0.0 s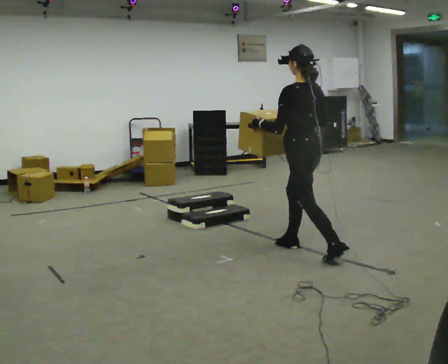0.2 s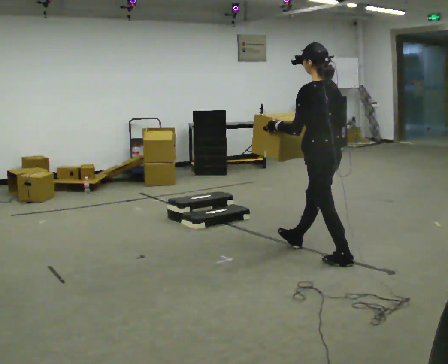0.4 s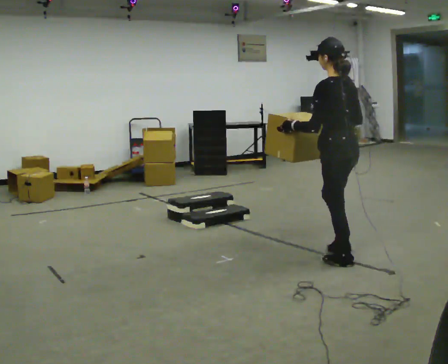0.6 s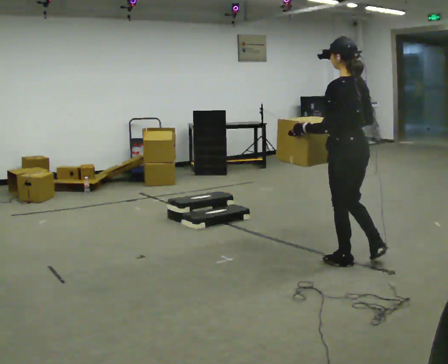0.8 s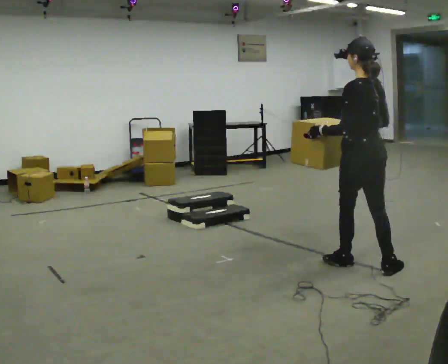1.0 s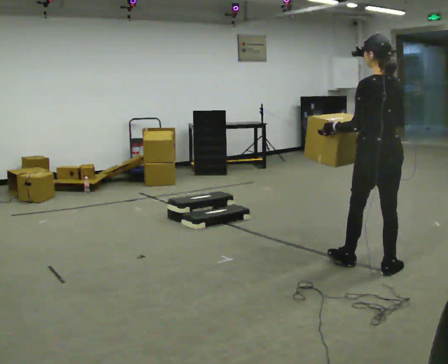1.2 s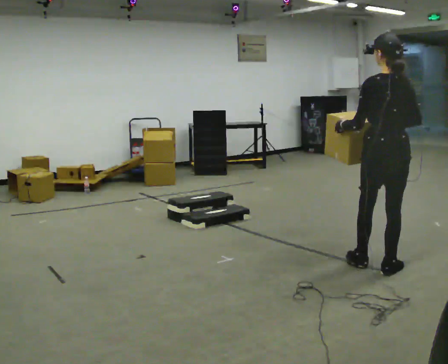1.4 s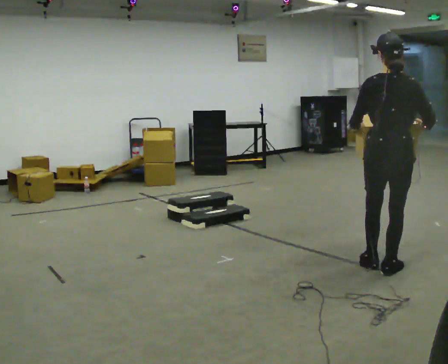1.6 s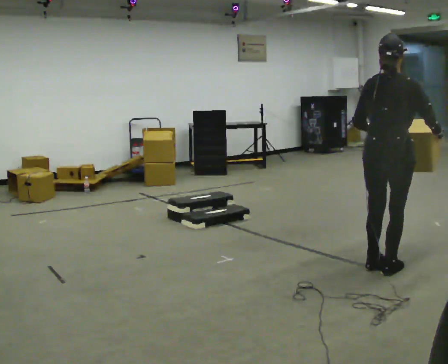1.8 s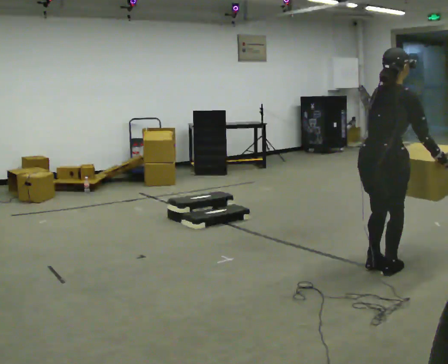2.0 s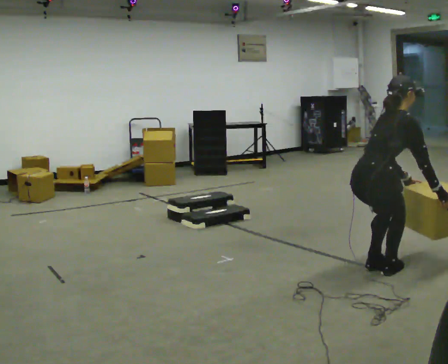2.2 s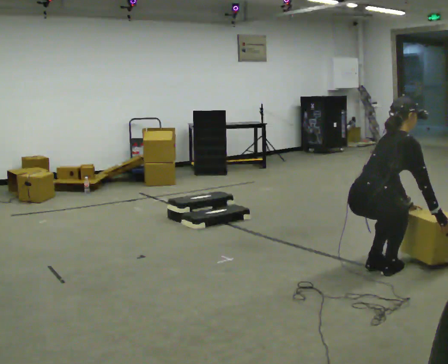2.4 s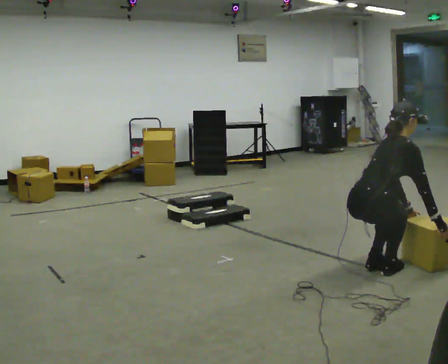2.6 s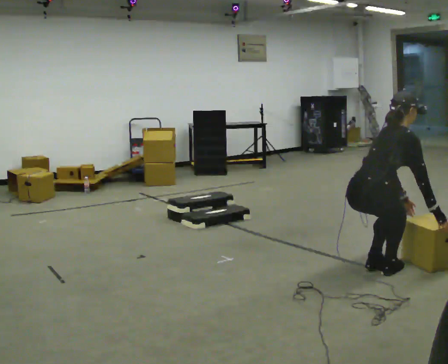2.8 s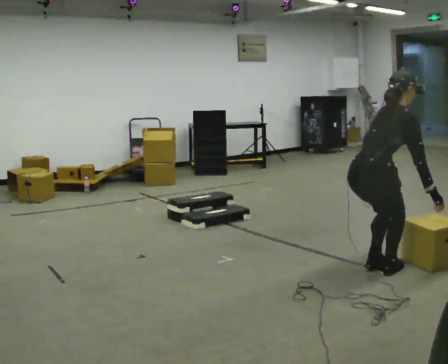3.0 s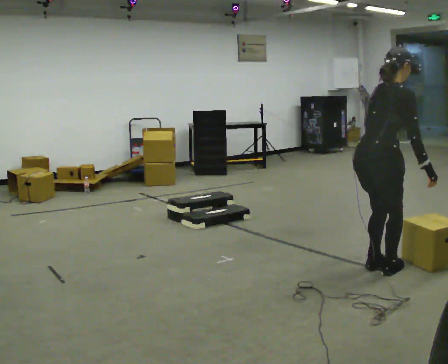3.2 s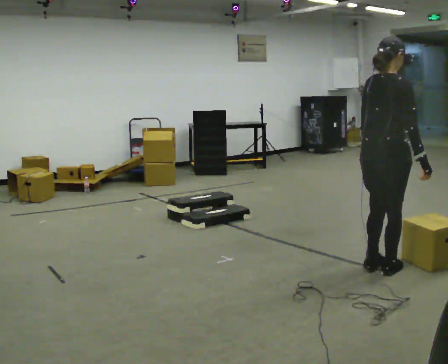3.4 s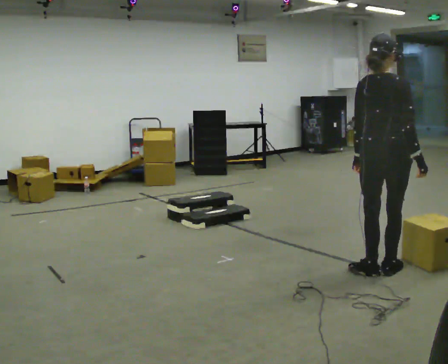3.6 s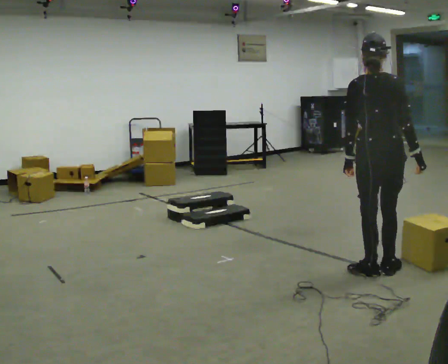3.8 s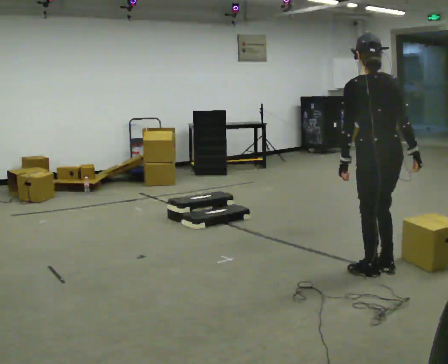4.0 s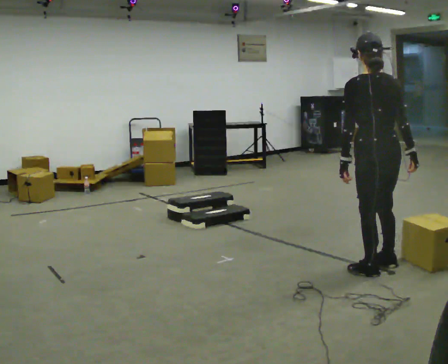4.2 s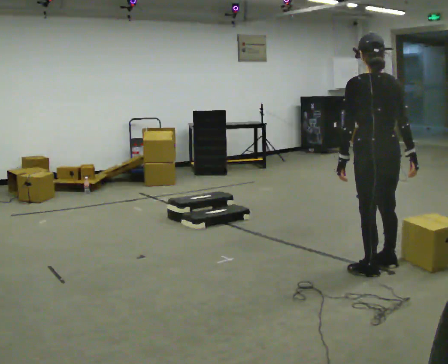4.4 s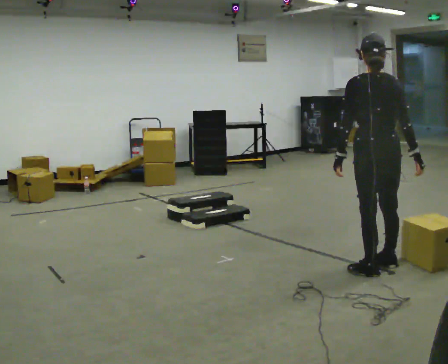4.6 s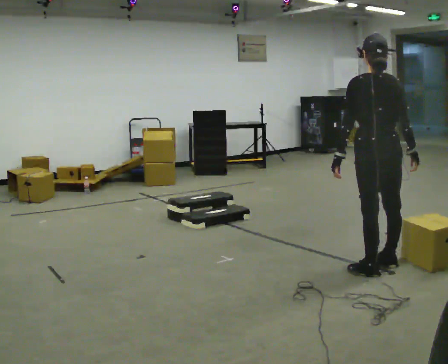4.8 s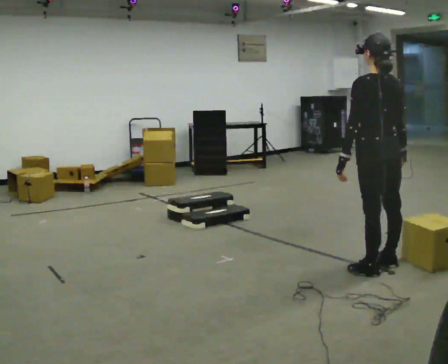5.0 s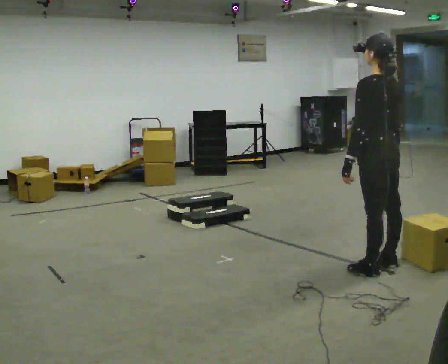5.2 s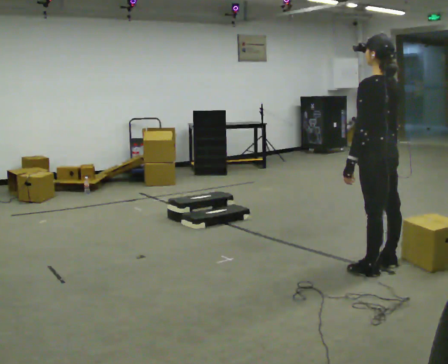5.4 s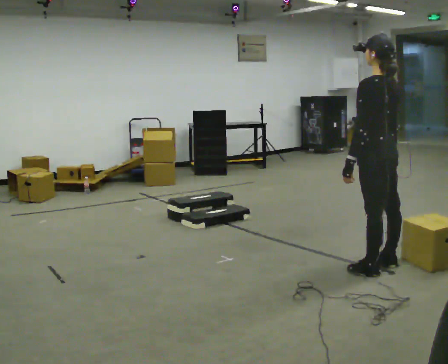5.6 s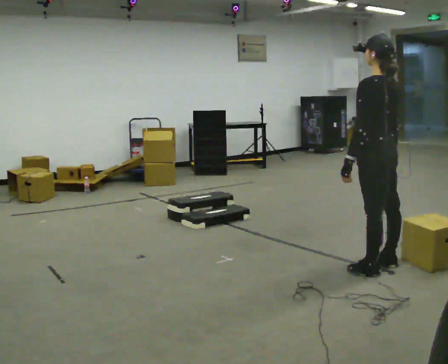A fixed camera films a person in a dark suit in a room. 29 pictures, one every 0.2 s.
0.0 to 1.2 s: The part of the body nearest the lens slides to the left as the person turns to their right by about 45 degrees. In the picture they go to the right and toward the camera, about 0.5 m in 2 steps, which for them is backward.
1.2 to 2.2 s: Seen from above the body turns clockwise, about 75 degrees: to their right, with its near side sliding to the left. In the picture they go to the left, about 0.25 m. The upper body goes downward. In the picture the upper body tilts clockwise, shoulders to the right, as they bend forward. In the picture their right hand goes downward.
2.2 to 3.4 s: The person turns about 30 degrees to their left, counterclockwise seen from above, so the part of the body nearest the lens slides to the right. The upper body goes upward. In the picture the upper body tilts counterclockwise, shoulders to the left, as they lean back or straighten. In the picture their left hand goes to the left and upward.
3.4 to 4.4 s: Seen from above the body turns counterclockwise, about 45 degrees: to their left, with its near side sliding to the right.
4.4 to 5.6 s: The person turns about 30 degrees to their left, counterclockwise seen from above, so the part of the body nearest the lens slides to the right.
The film runs backward here.
